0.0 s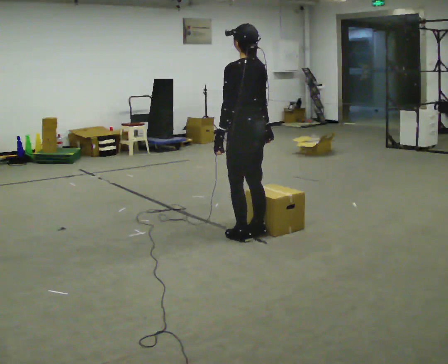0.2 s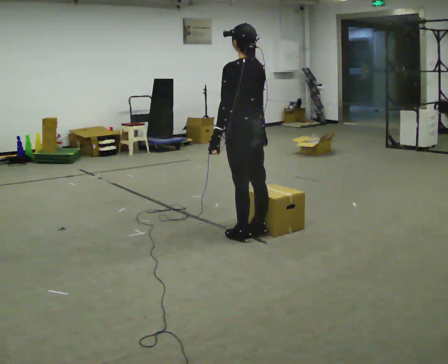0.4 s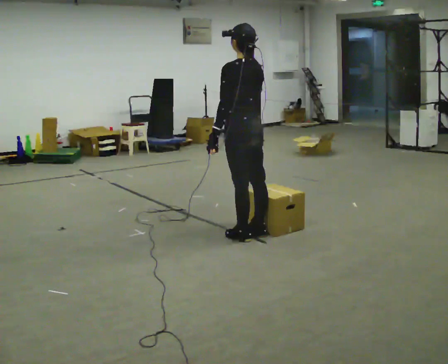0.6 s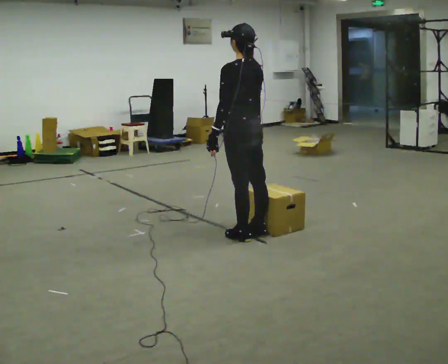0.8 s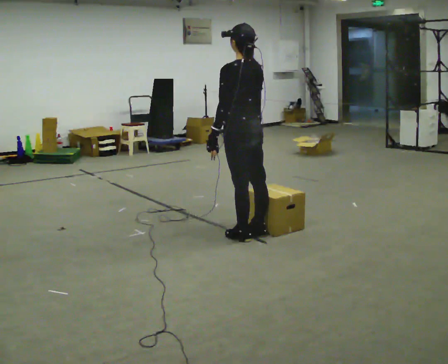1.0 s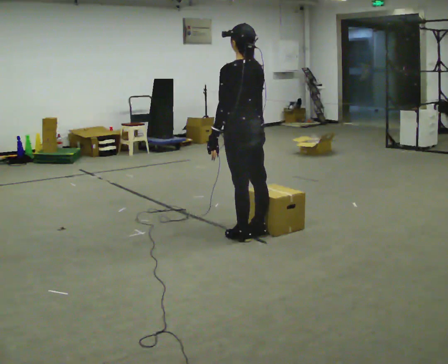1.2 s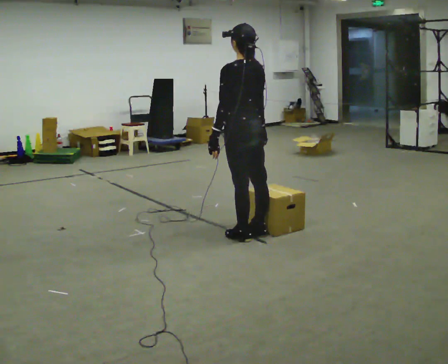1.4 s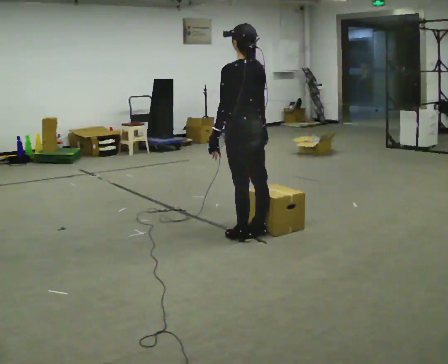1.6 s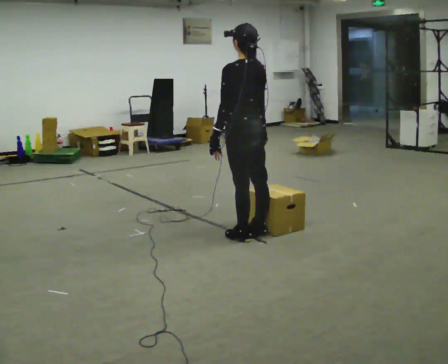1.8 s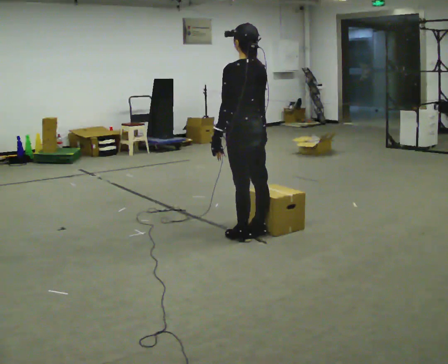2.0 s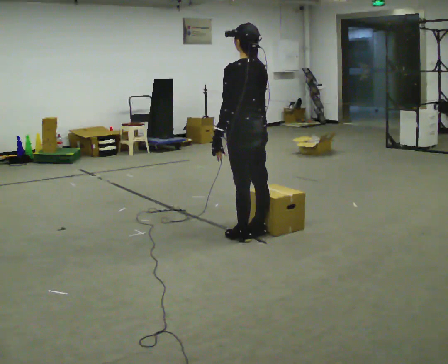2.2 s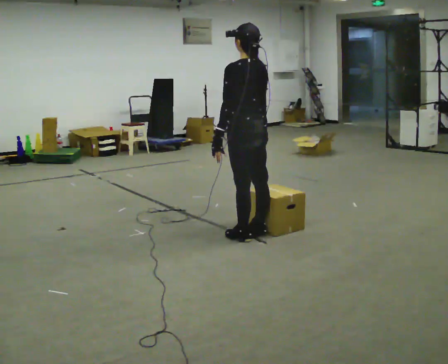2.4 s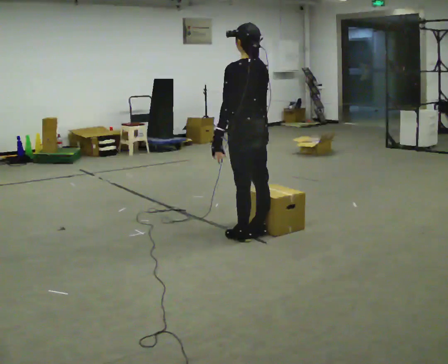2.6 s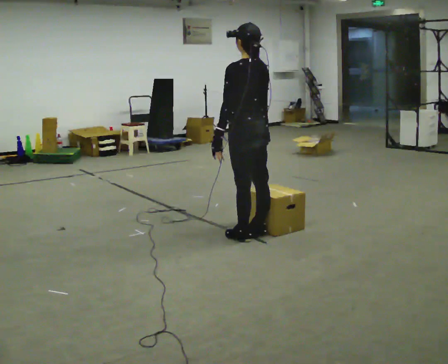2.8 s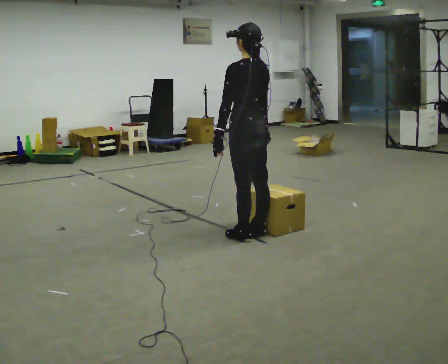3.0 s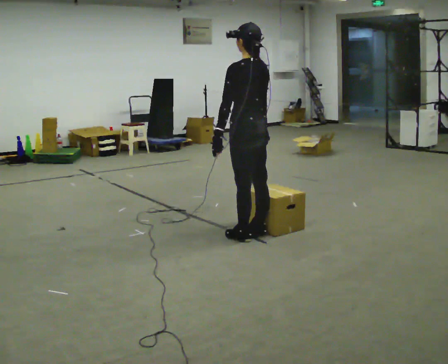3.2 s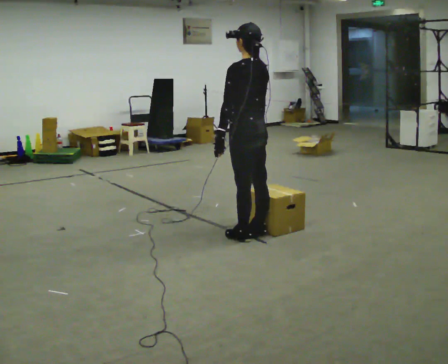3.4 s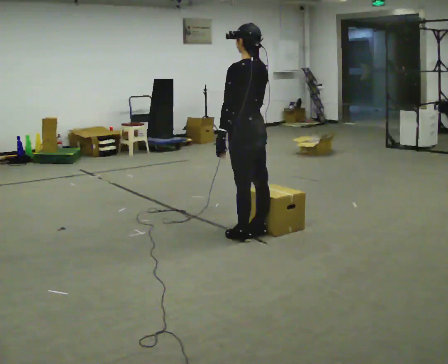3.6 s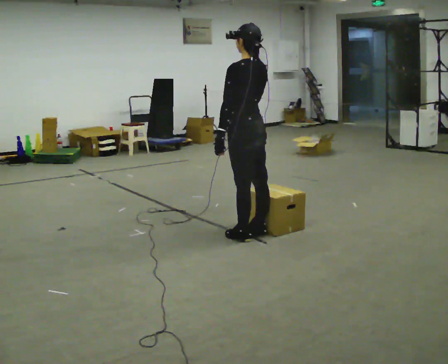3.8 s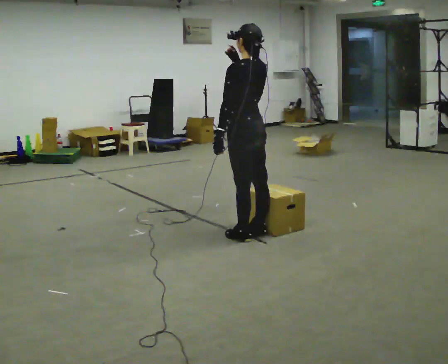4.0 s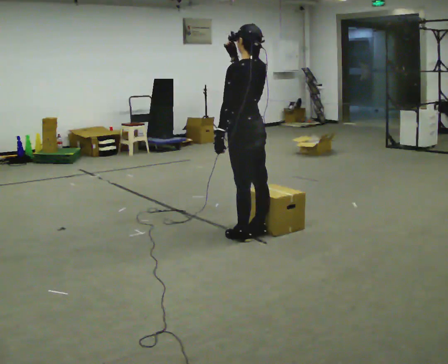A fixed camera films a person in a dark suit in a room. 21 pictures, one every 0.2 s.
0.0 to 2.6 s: The person moves a little, or ends about where they began.
2.6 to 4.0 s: In the picture their right hand goes upward.
The film runs forward here.
